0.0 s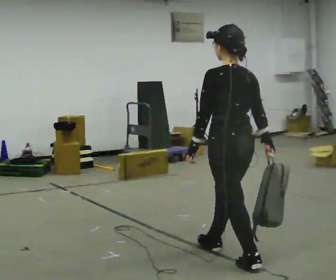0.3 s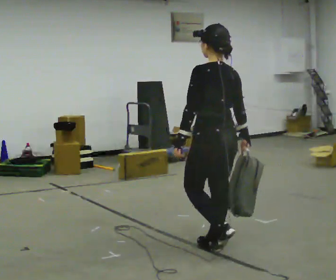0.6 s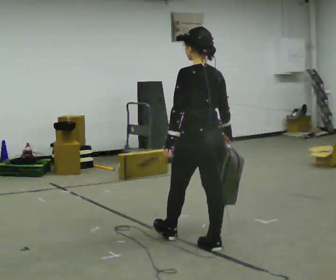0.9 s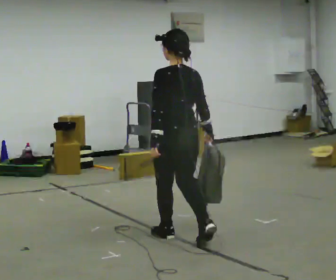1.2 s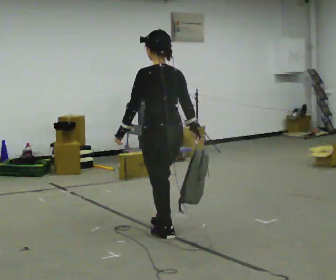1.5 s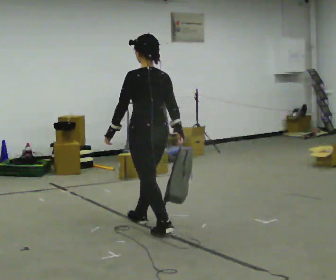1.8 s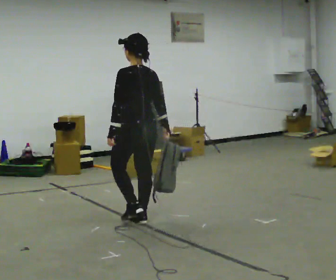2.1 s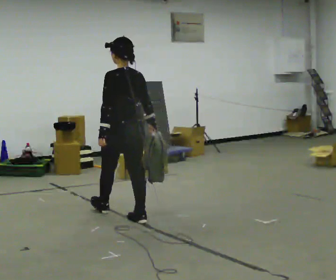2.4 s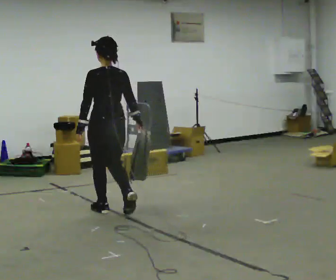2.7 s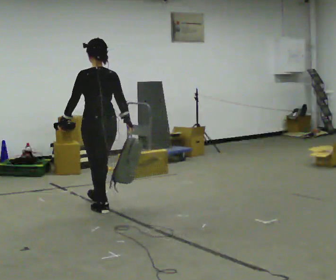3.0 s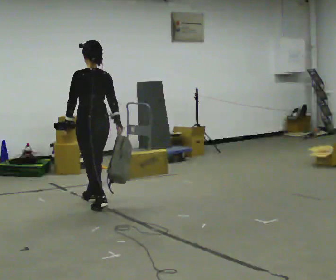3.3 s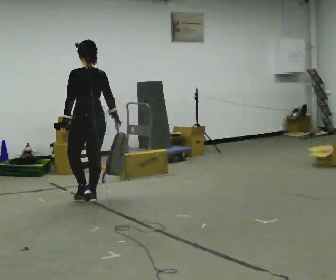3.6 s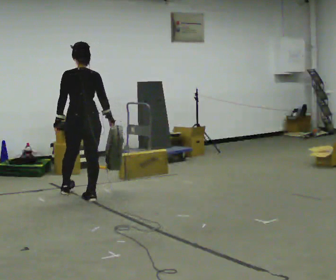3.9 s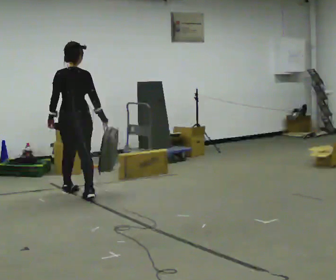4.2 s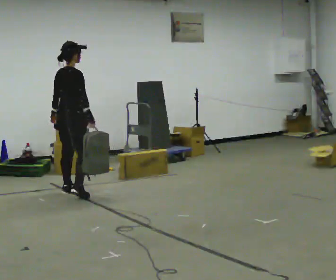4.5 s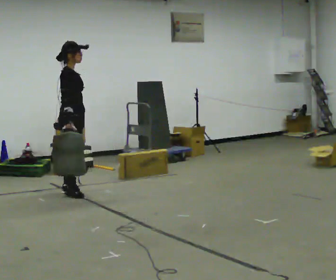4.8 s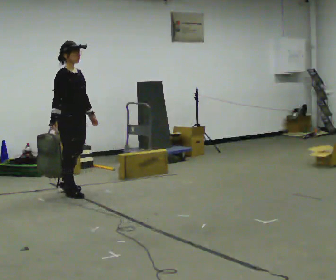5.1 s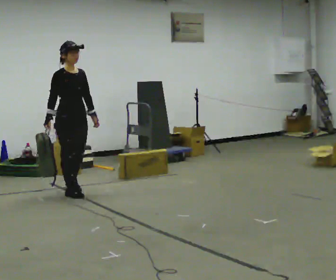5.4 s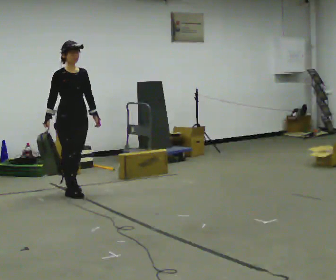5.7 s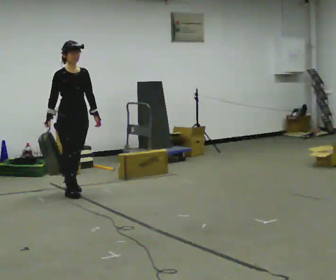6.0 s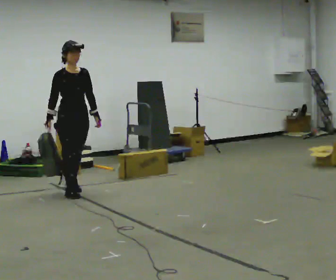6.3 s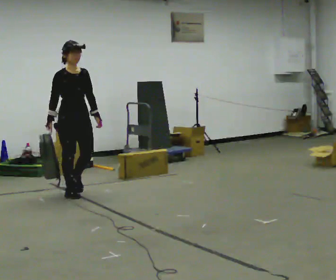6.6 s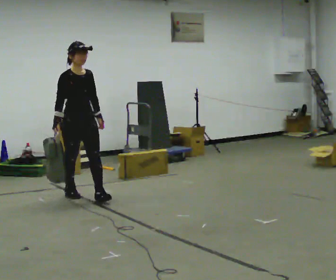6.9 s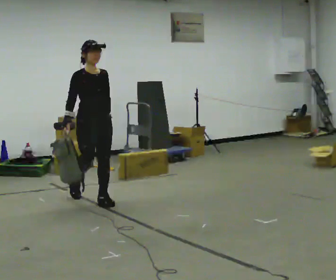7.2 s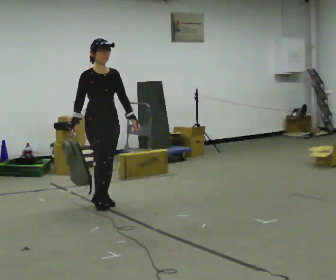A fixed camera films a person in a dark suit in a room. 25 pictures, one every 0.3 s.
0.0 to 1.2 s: In the picture they go away from the camera and to the left, about 1 m in 1 step, which for them is forward.
1.2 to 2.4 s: In the picture they go away from the camera and to the left, about 1 m in 2 steps, which for them is forward.
2.4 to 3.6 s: In the picture they go away from the camera and to the left, about 0.75 m in 1 step, which for them is forward.
3.6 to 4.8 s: The person turns about 135 degrees to their right, clockwise seen from above, so the part of the body nearest the lens slides to the left. In the picture they go away from the camera and to the left, about 0.25 m in 2 steps. In the picture their right hand goes to the left, the arm swinging clockwise.
4.8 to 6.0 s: The person turns about 30 degrees to their right, clockwise seen from above, so the part of the body nearest the lens slides to the left.
6.0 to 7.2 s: In the picture they go toward the camera and to the right, about 0.5 m in 1 step, which for them is forward.
The film runs forward here.
